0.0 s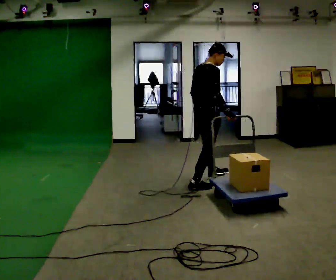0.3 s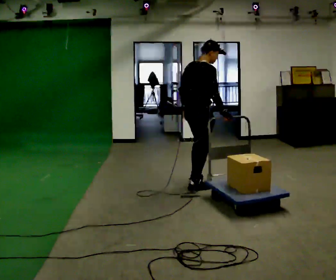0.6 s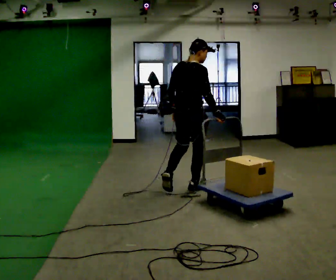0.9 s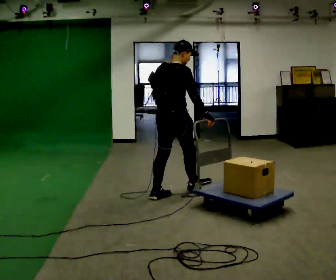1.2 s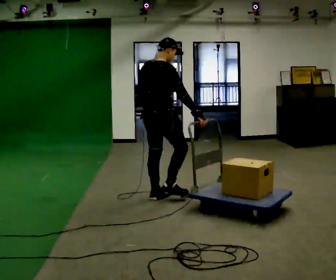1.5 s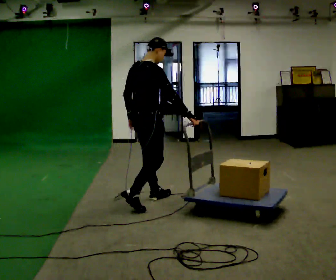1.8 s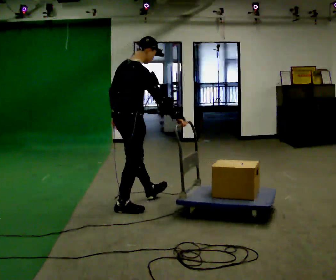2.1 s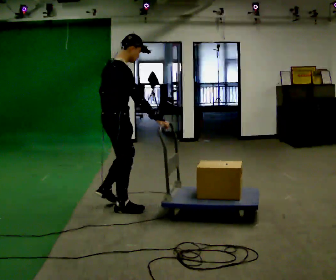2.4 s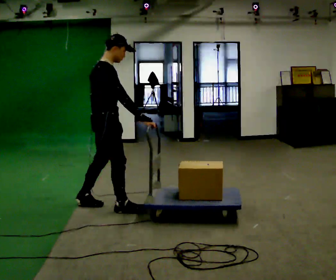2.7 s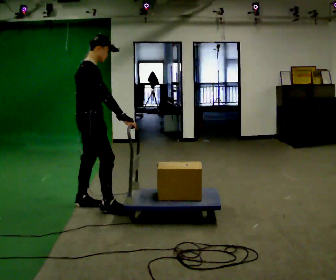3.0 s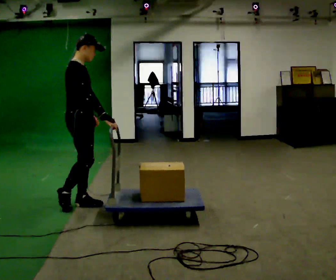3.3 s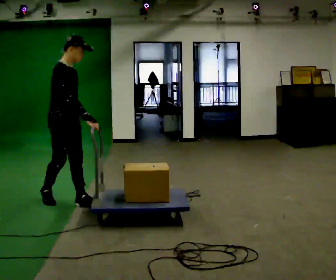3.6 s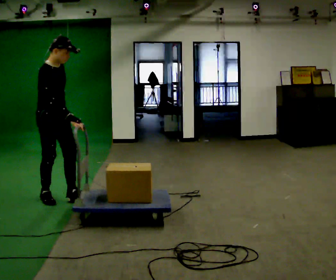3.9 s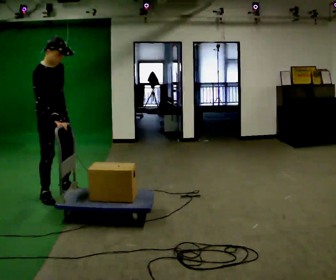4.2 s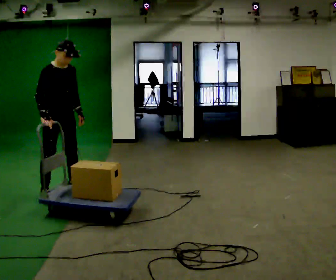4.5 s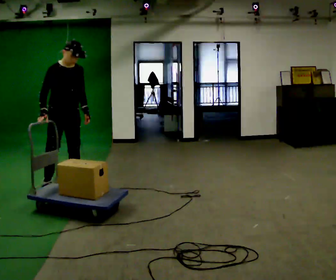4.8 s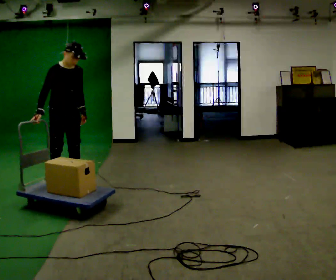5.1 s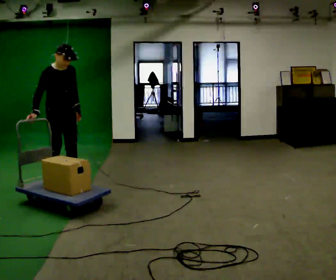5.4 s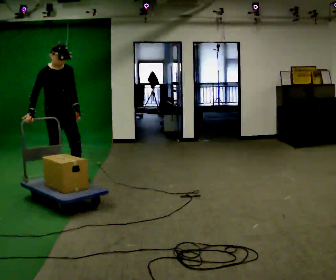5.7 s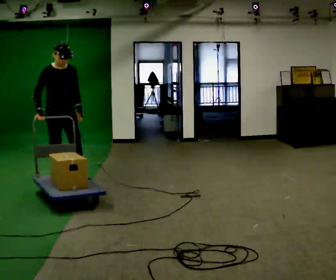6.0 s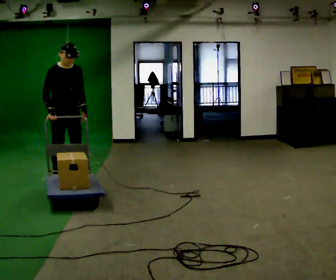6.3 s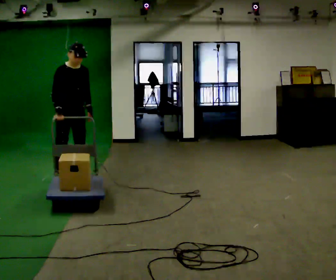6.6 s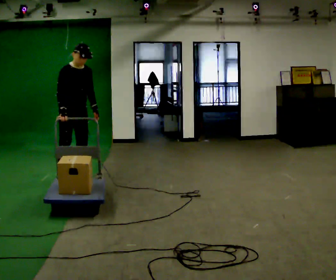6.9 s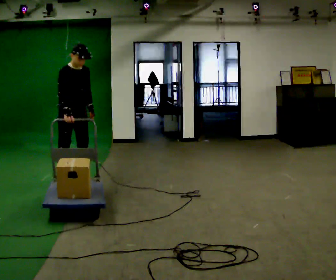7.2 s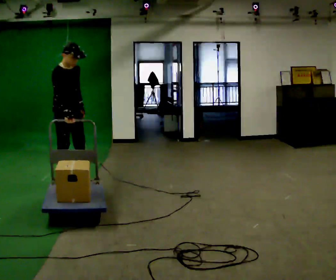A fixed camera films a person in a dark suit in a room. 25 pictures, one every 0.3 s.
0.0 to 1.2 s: In the picture they go to the left and toward the camera, about 1 m in 2 steps, which for them is backward.
1.2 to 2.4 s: The person turns about 30 degrees to their right, clockwise seen from above, so the part of the body nearest the lens slides to the left. In the picture they go to the left, about 0.75 m in 1 step, which for them is backward.
2.4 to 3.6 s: The person turns about 30 degrees to their right, clockwise seen from above, so the part of the body nearest the lens slides to the left. In the picture they go to the left and away from the camera, about 0.5 m in 2 steps, which for them is backward.
3.6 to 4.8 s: Seen from above the body turns clockwise, about 30 degrees: to their right, with its near side sliding to the left. In the picture they go away from the camera, about 0.5 m in 1 step, which for them is backward and to their left.
4.8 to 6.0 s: In the picture they go away from the camera, about 0.25 m in 1 step, which for them is backward.
6.0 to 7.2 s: The person moves a little, or ends about where they began.
The film runs backward here.
